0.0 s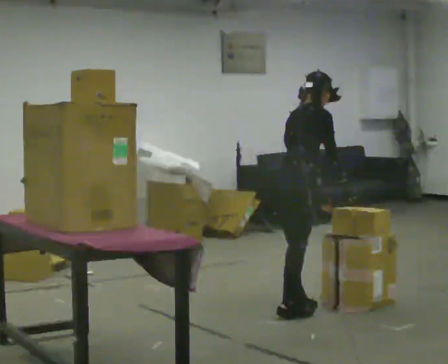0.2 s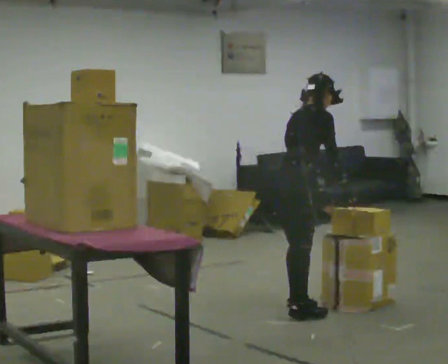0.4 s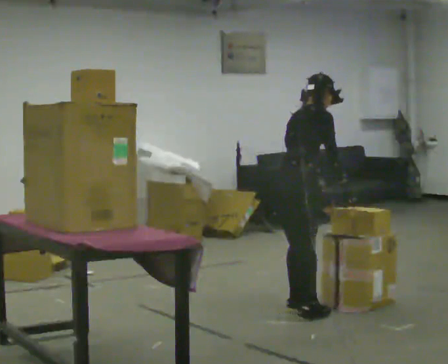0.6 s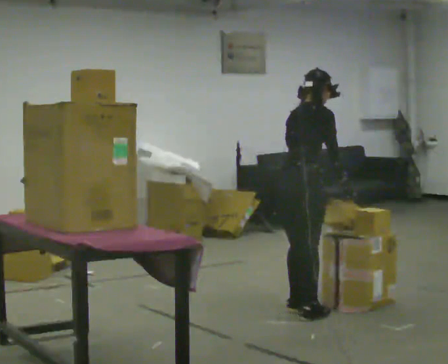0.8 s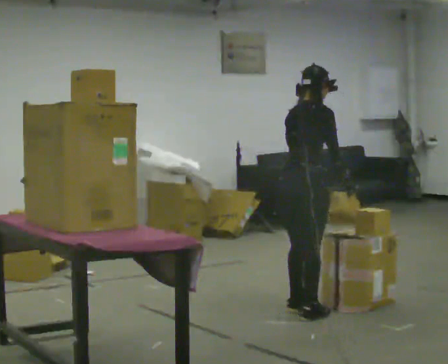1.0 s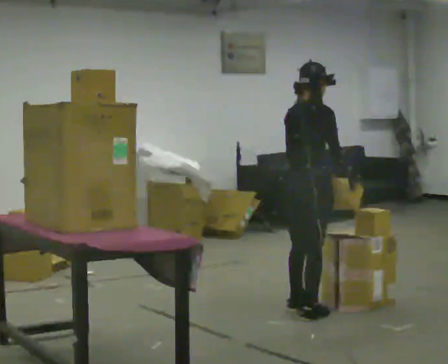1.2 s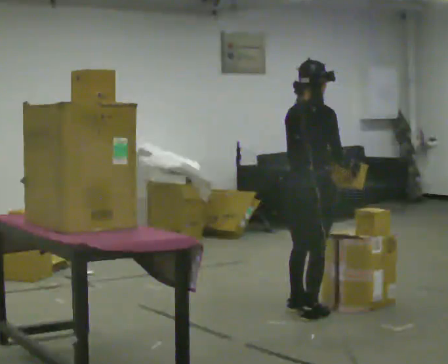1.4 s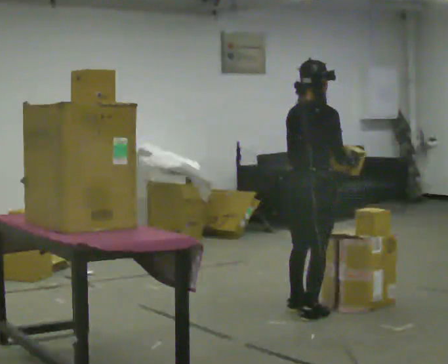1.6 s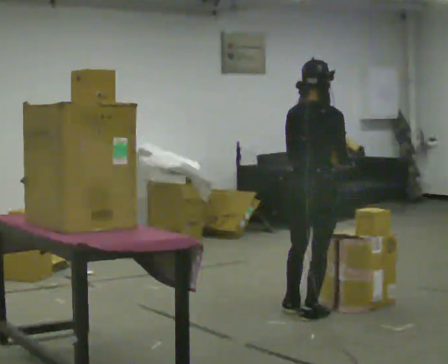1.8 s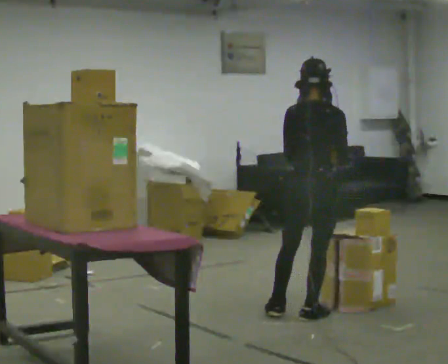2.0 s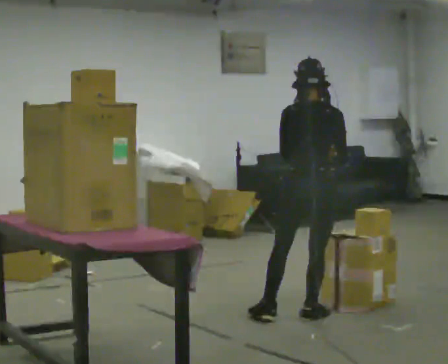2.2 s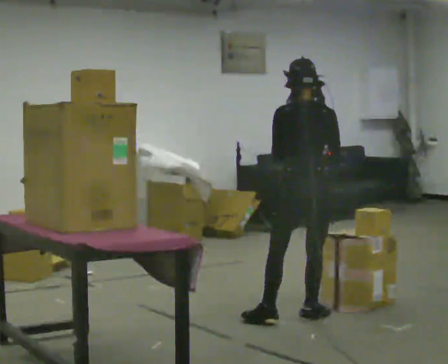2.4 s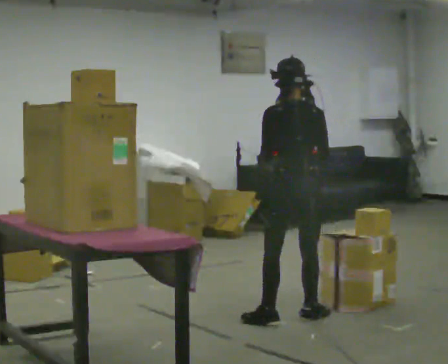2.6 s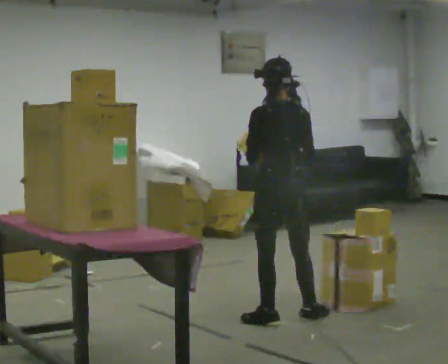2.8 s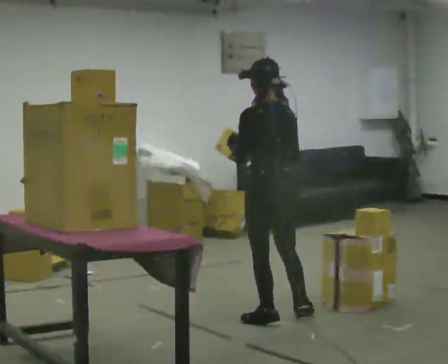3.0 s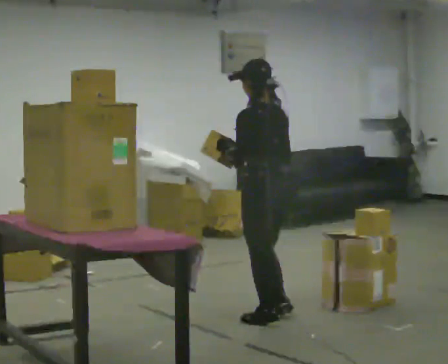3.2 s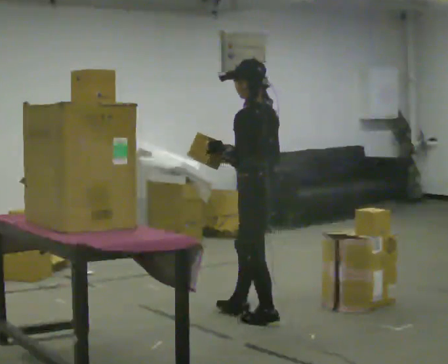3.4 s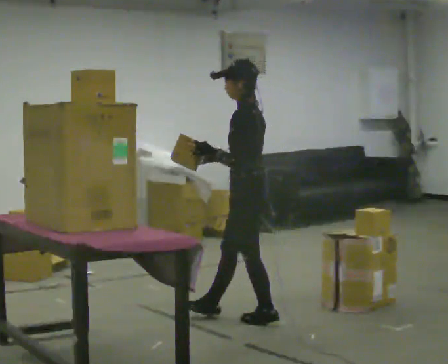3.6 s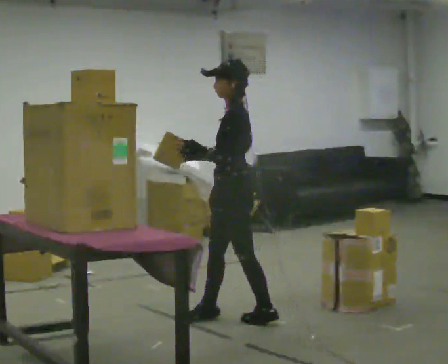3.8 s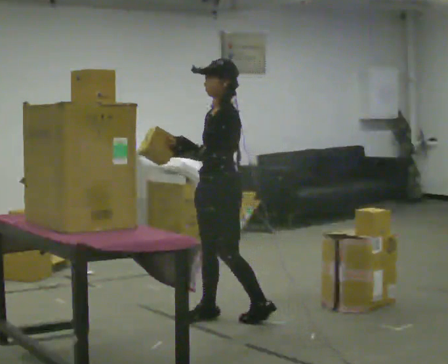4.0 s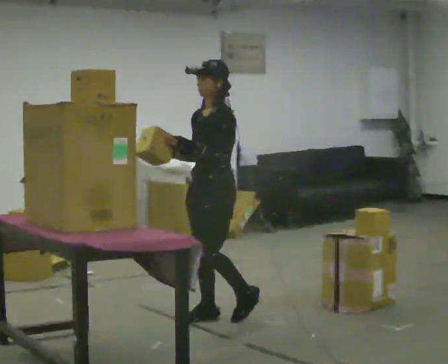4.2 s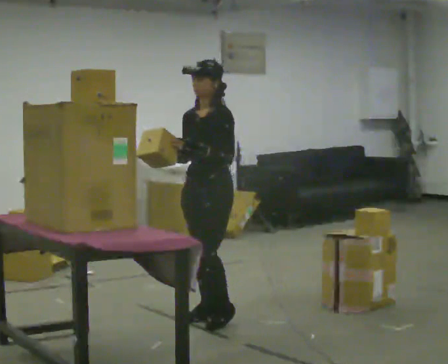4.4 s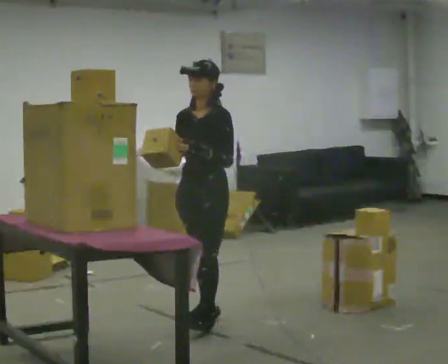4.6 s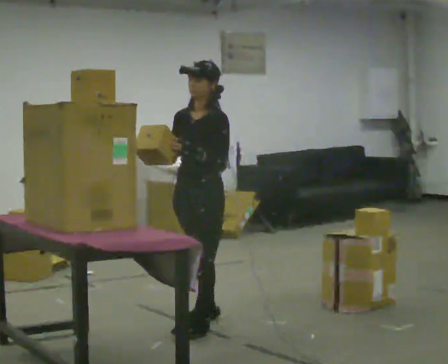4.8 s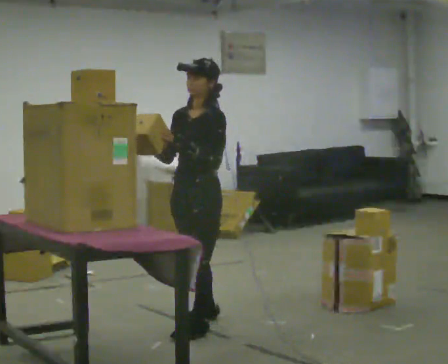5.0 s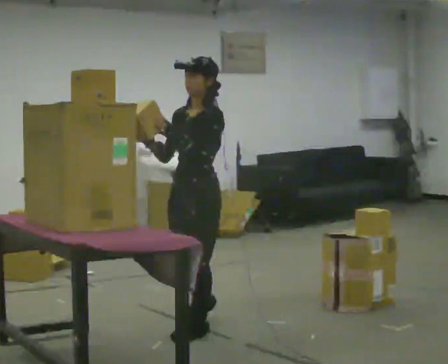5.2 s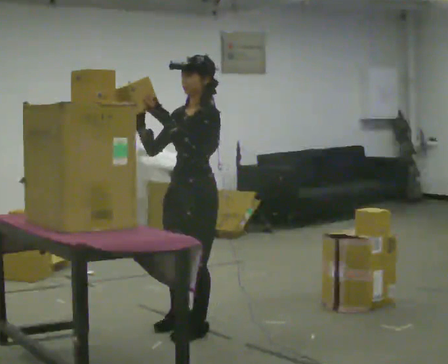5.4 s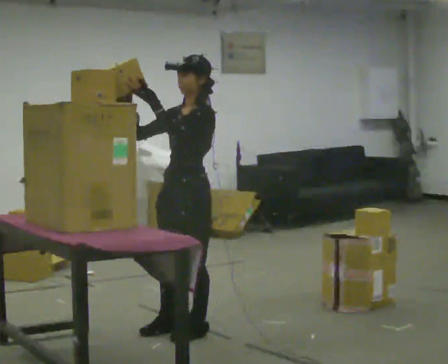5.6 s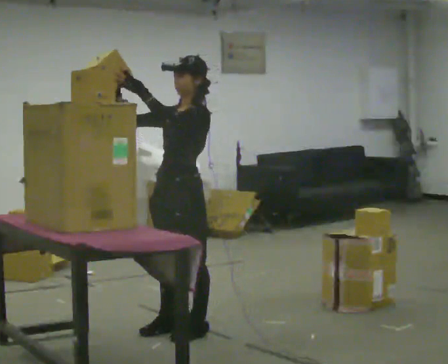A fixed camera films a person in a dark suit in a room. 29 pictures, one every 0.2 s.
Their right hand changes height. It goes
upward.
The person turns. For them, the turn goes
to their left.
0.0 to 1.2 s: In the picture they go toward the camera, about 0.25 m in 1 step, which for them is to their right. In the picture the upper body tilts counterclockwise, shoulders to the left, as they lean back or straighten.
1.2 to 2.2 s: Seen from above the body turns counterclockwise, about 60 degrees: to their left, with its near side sliding to the right.
2.2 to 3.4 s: The person turns about 75 degrees to their left, counterclockwise seen from above, so the part of the body nearest the lens slides to the right. In the picture they go to the left, about 0.25 m in 1 step.
3.4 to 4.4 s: Seen from above the body turns counterclockwise, about 60 degrees: to their left, with its near side sliding to the right. In the picture they go to the left, about 0.25 m. In the picture their right hand goes to the left.
4.4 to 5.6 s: In the picture they go toward the camera and to the left, about 0.25 m in 2 steps, which for them is forward and to their left. In the picture their left hand goes upward.
The film runs forward here.
